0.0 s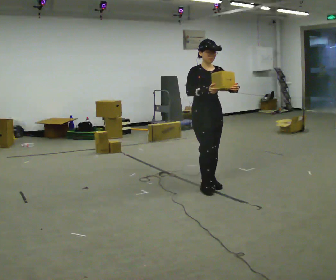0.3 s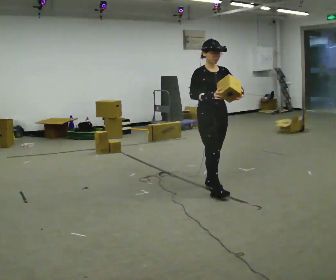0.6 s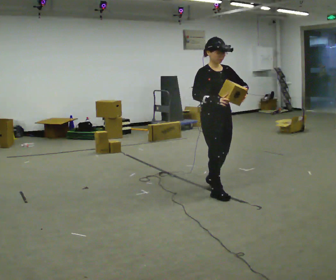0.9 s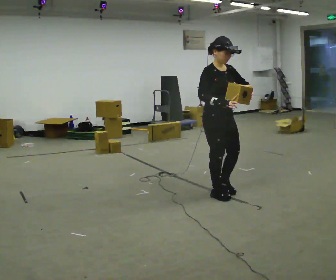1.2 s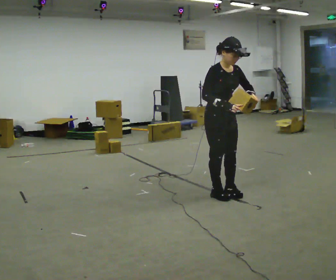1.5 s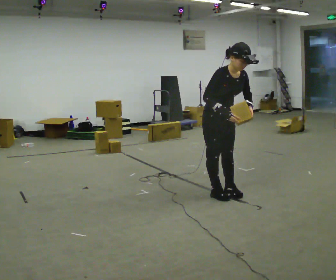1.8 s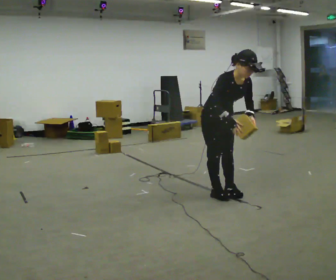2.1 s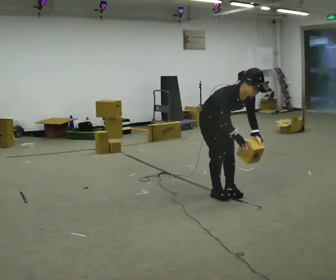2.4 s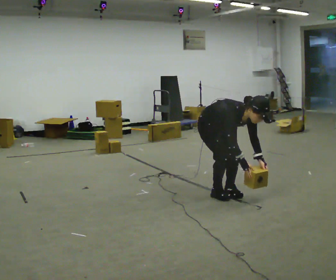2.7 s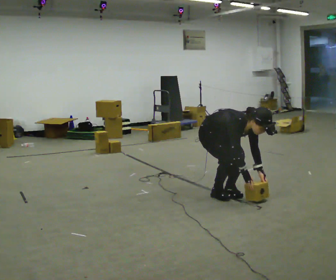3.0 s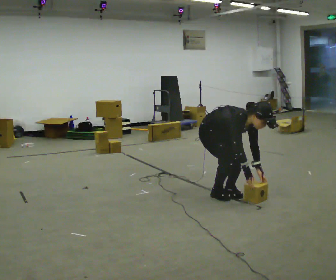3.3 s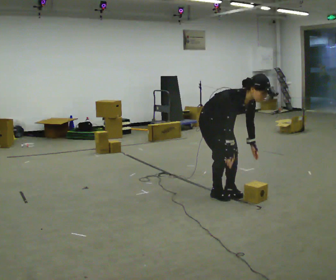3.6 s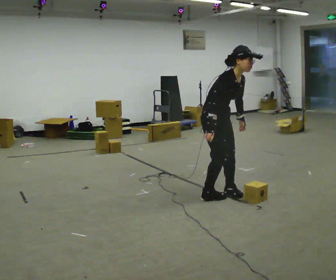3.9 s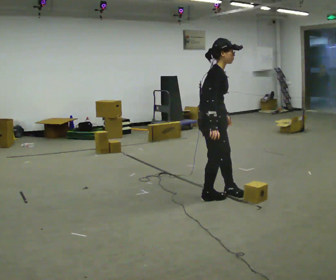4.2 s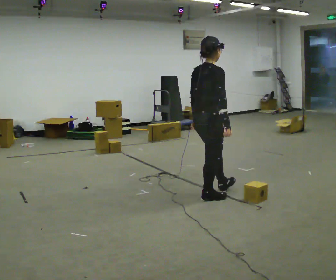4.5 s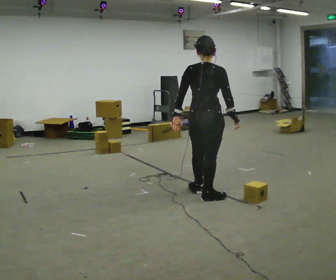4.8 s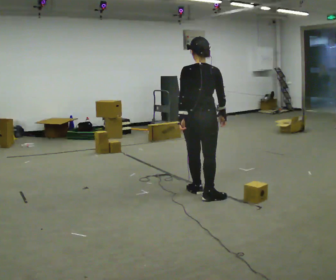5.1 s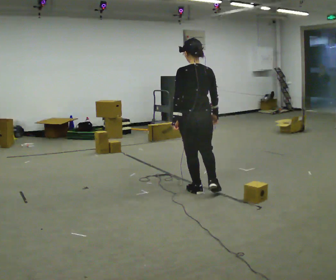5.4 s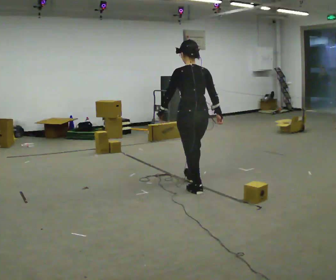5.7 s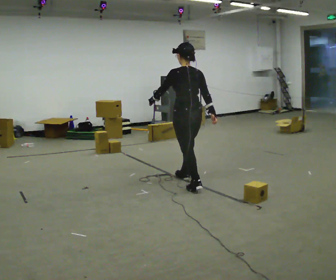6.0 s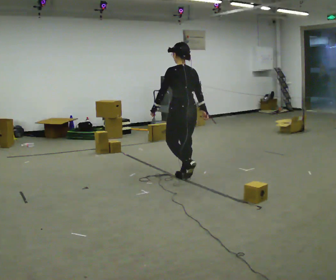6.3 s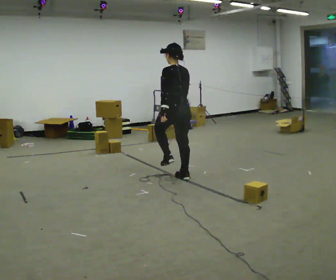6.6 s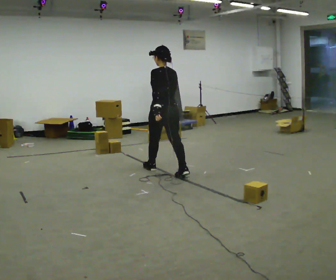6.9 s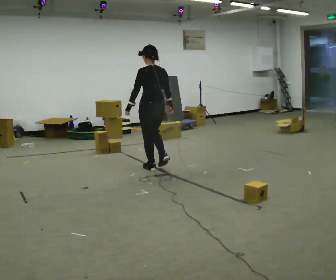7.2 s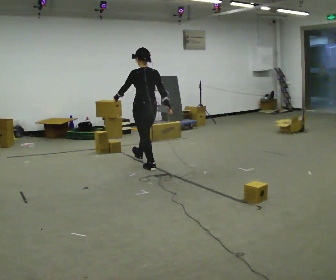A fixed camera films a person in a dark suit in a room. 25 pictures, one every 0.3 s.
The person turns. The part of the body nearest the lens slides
to the right.
The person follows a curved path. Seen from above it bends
clockwise.
0.0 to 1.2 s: In the picture they go toward the camera, about 0.25 m in 2 steps, which for them is forward.
1.2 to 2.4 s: The upper body goes downward. In the picture the upper body tilts clockwise, shoulders to the right, as they bend forward. In the picture their left hand goes downward.
2.4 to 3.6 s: The upper body goes upward. The upper body tips away from the camera, its near side rolling upward, as they lean back or straighten. In the picture their right hand goes upward and to the left.
3.6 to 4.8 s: The part of the body nearest the lens slides to the right as the person turns to their left by about 120 degrees. In the picture the upper body tilts counterclockwise, shoulders to the left, as they lean back or straighten.
4.8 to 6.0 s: Seen from above the body turns counterclockwise, about 45 degrees: to their left, with its near side sliding to the right. In the picture they go away from the camera and to the left, about 0.5 m in 1 step, which for them is forward.
6.0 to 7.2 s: In the picture they go to the left and away from the camera, about 1 m in 1 step, which for them is forward.
The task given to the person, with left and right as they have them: Carry the box and, while you are still walking, turn it so you can read the label, read it out loud, then carry on. Repeat with the next box. Do not stop to read it.
The film runs forward here.
